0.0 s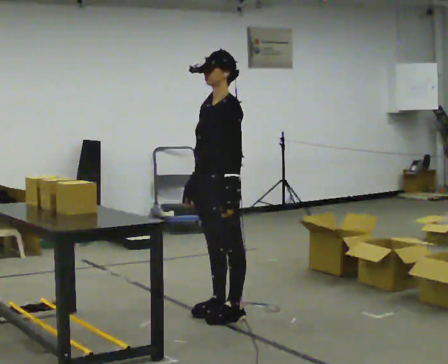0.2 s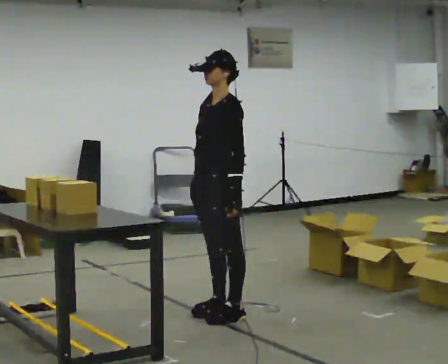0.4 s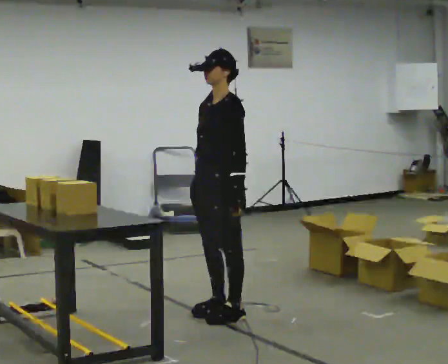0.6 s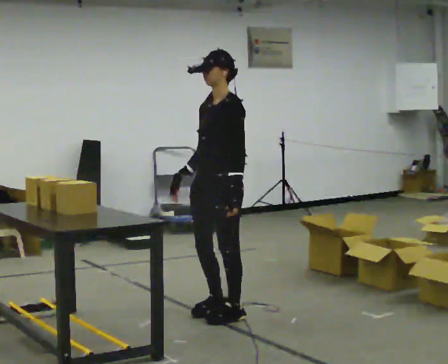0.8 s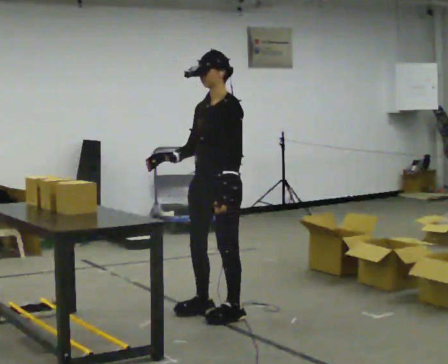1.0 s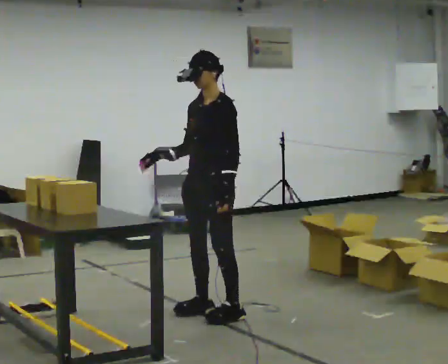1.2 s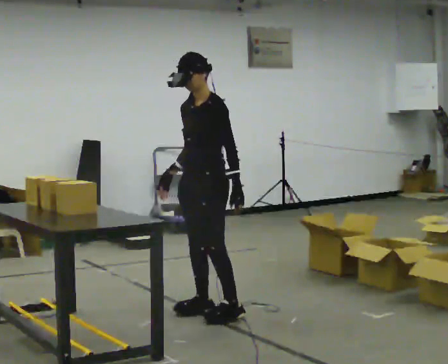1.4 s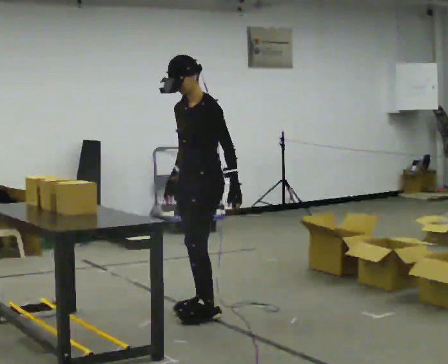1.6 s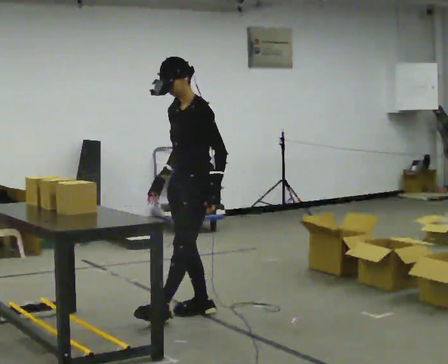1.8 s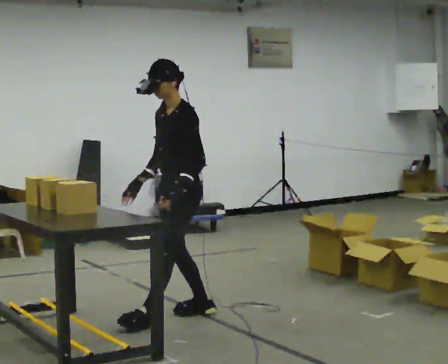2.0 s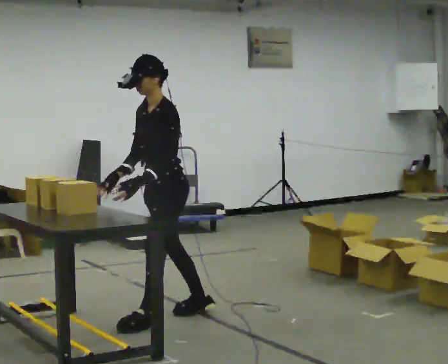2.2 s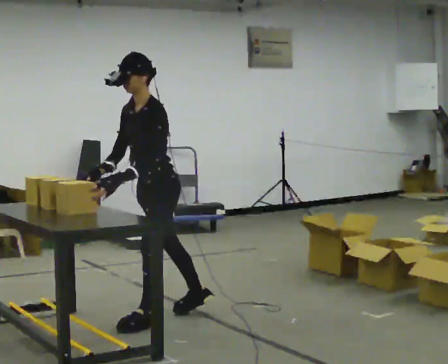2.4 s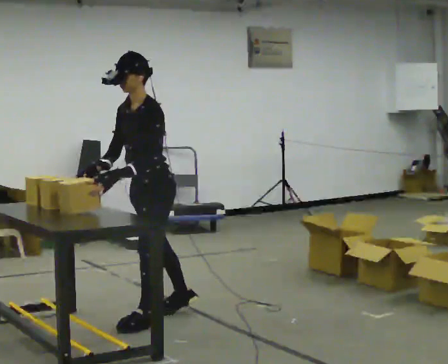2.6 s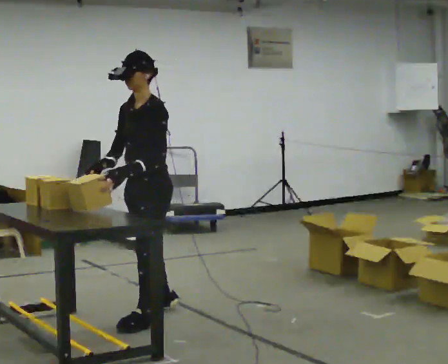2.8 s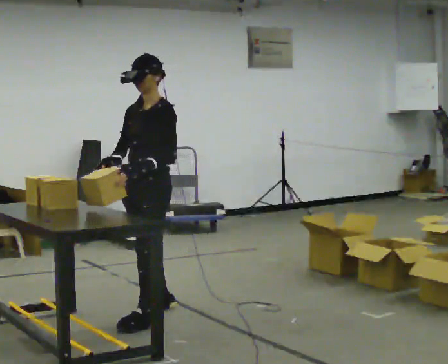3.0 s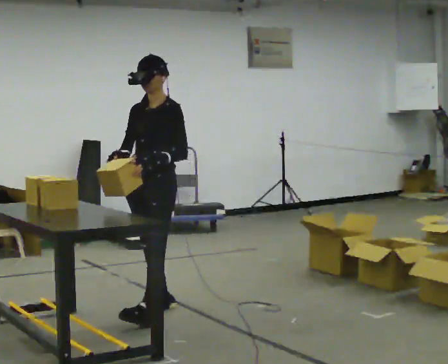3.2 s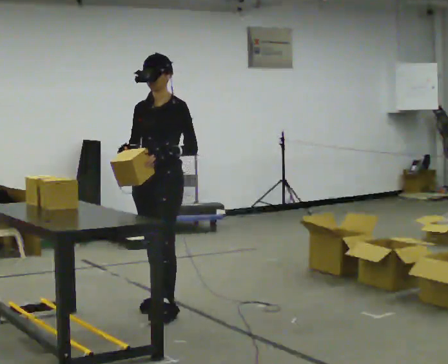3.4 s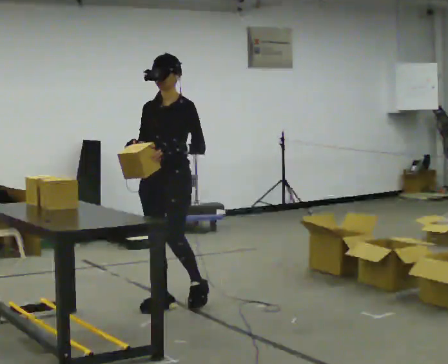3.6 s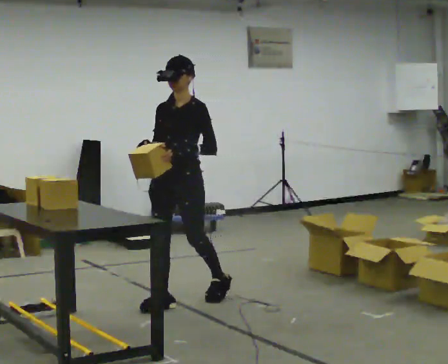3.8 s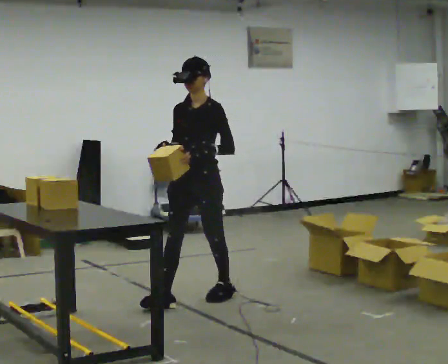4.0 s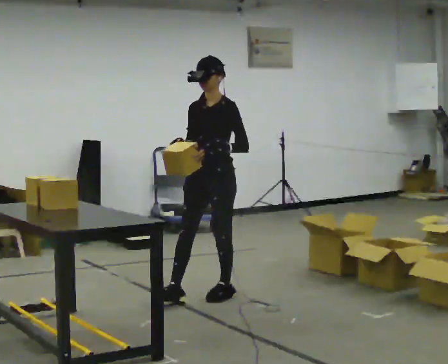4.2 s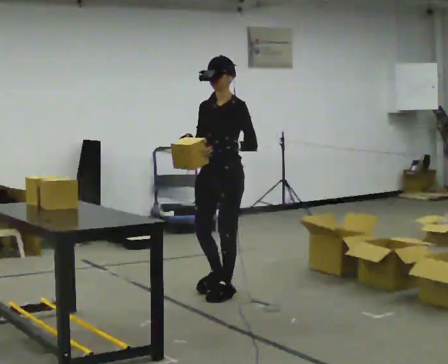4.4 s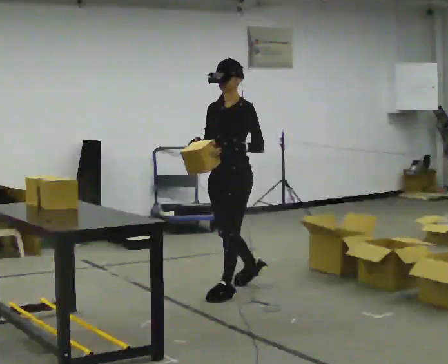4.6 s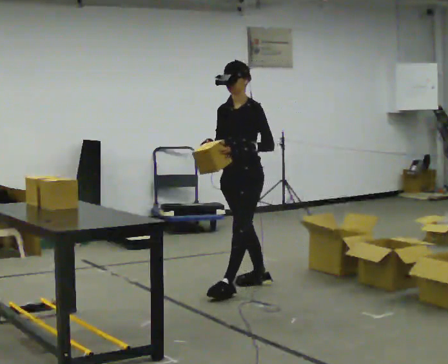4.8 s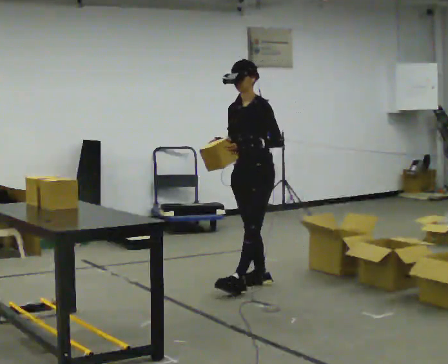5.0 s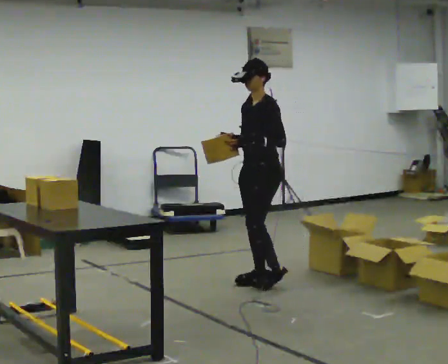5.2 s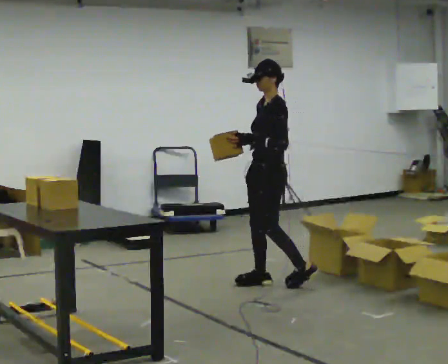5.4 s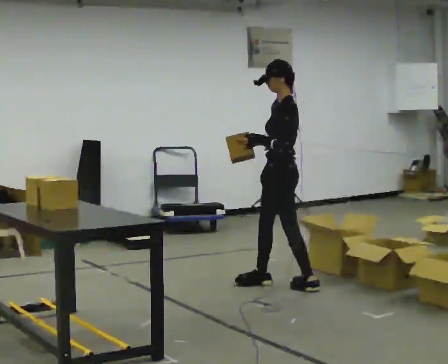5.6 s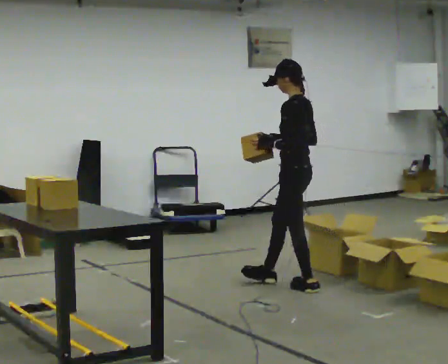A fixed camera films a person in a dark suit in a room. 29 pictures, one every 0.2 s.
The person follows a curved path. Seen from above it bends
clockwise.
0.0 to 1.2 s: The person moves a little, or ends about where they began.
1.2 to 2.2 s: In the picture they go to the left and toward the camera, about 0.25 m in 1 step, which for them is forward.
2.2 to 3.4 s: The part of the body nearest the lens slides to the right as the person turns to their left by about 45 degrees. In the picture they go away from the camera, about 0.5 m in 2 steps, which for them is to their right and backward. In the picture the upper body tilts clockwise, shoulders to the right, as they lean back or straighten.
3.4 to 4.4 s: In the picture they go to the right and away from the camera, about 0.5 m in 1 step, which for them is backward.
4.4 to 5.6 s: The person turns about 60 degrees to their right, clockwise seen from above, so the part of the body nearest the lens slides to the left. In the picture they go to the right, about 0.5 m in 2 steps.
The film runs backward here.
